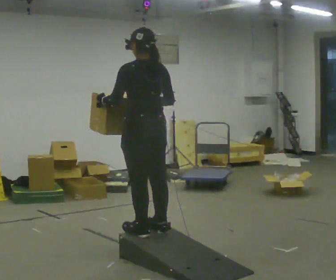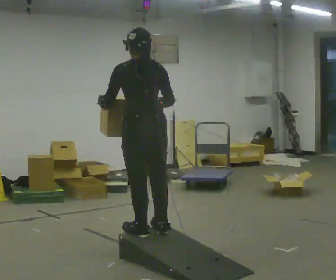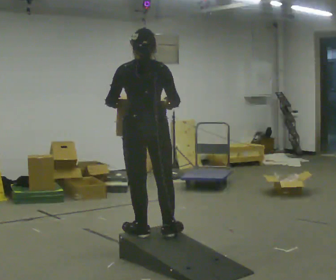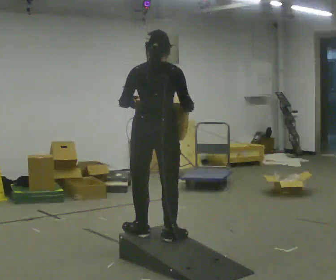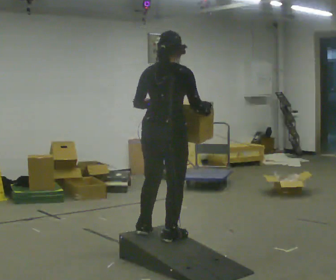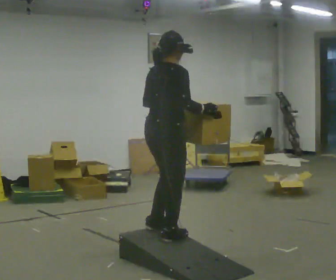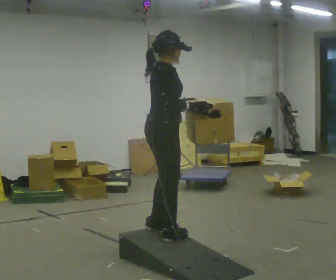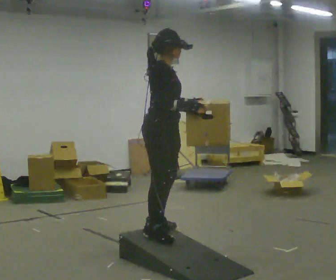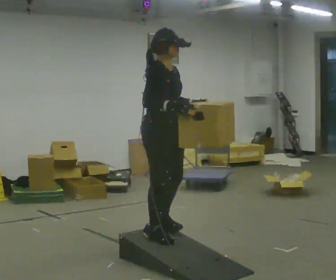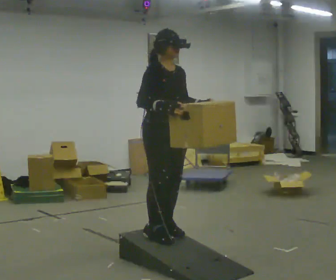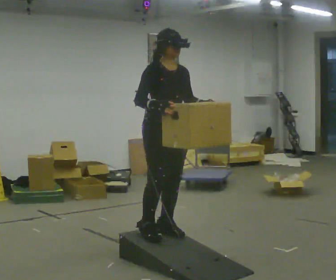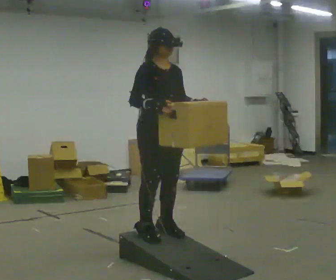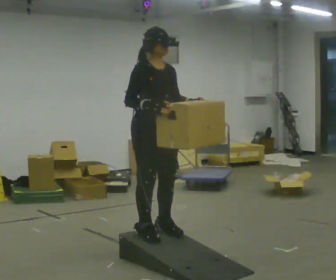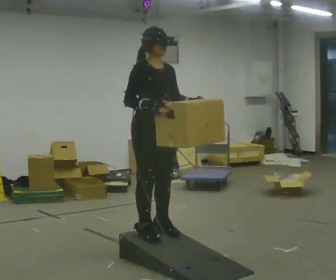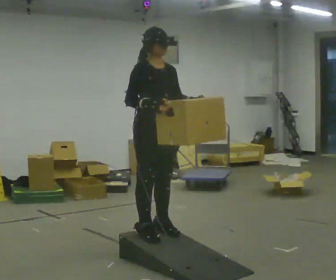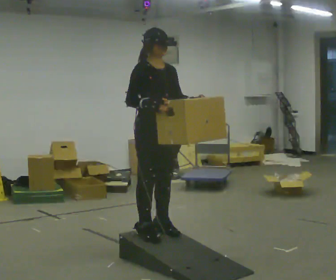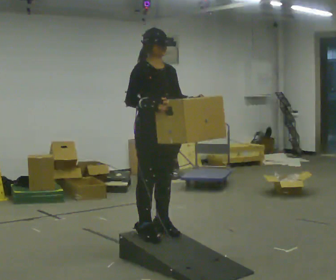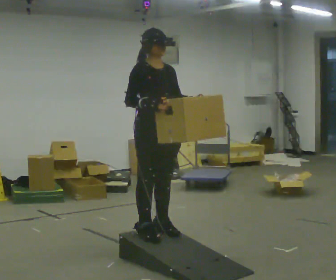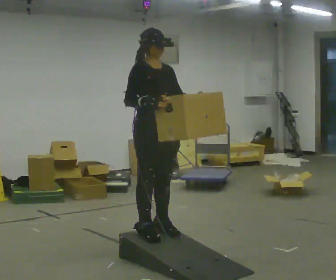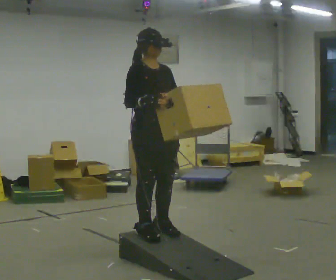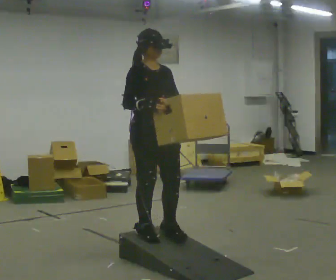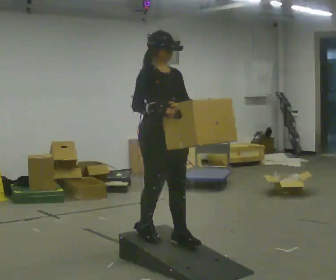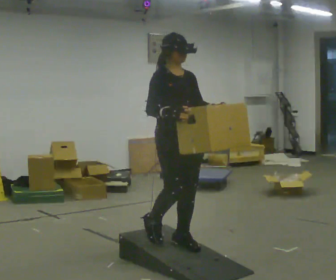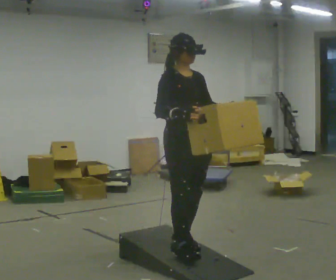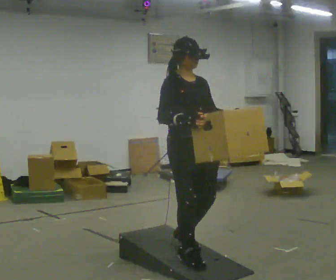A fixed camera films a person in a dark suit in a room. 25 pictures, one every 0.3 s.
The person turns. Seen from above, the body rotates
clockwise.
The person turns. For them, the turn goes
to their right.
0.0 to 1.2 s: Seen from above the body turns clockwise, about 60 degrees: to their right, with its near side sliding to the left. In the picture their right hand goes to the right.
1.2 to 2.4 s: The part of the body nearest the lens slides to the left as the person turns to their right by about 90 degrees. In the picture their left hand goes to the right.
2.4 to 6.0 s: The person moves a little, or ends about where they began.
6.0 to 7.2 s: In the picture they go toward the camera and to the right, about 0.5 m in 2 steps, which for them is forward.
The film runs forward here.
